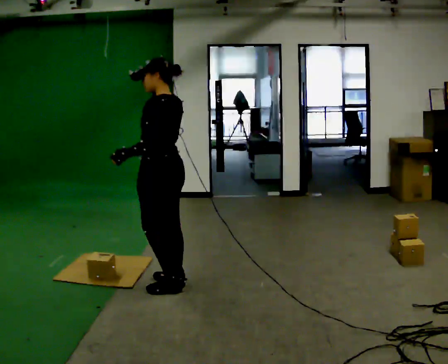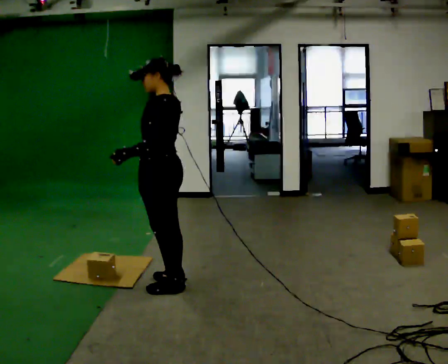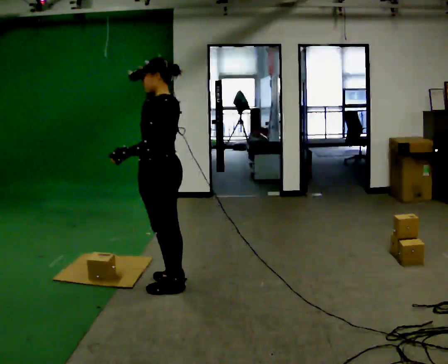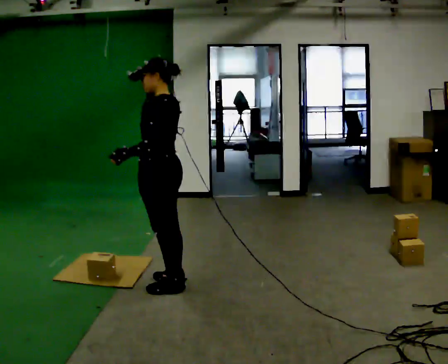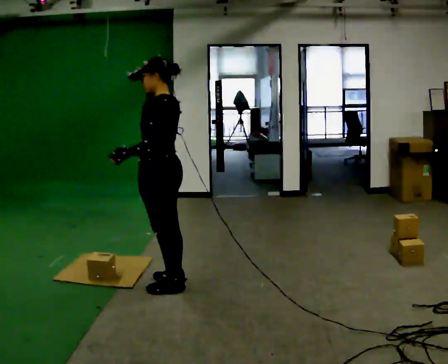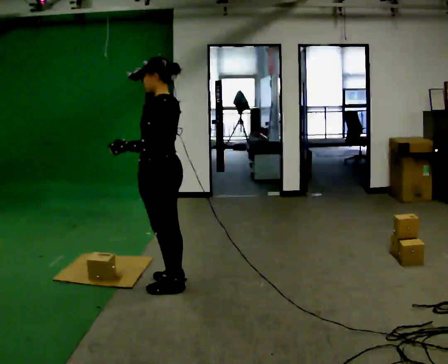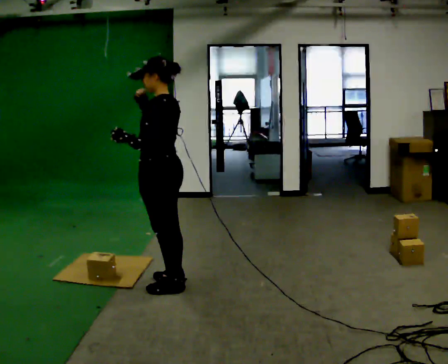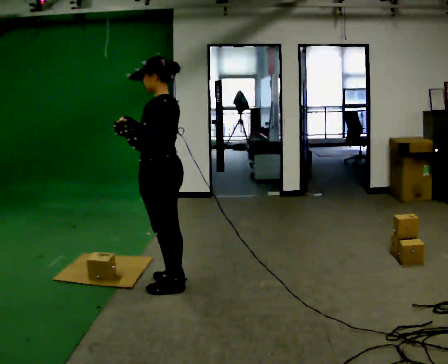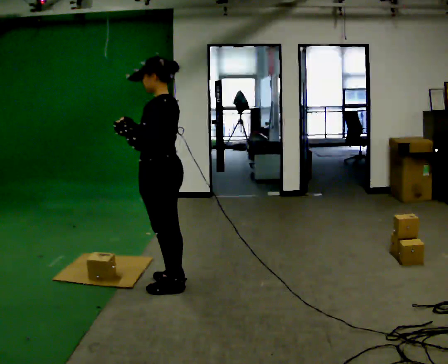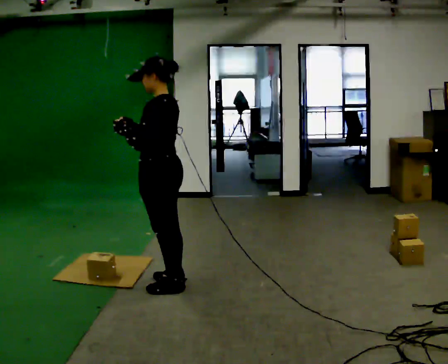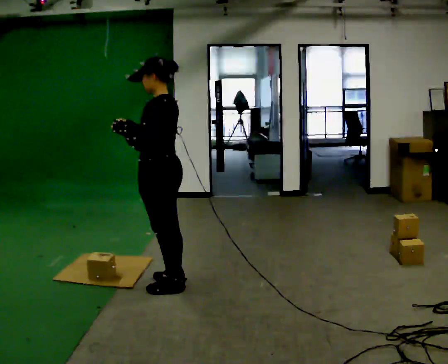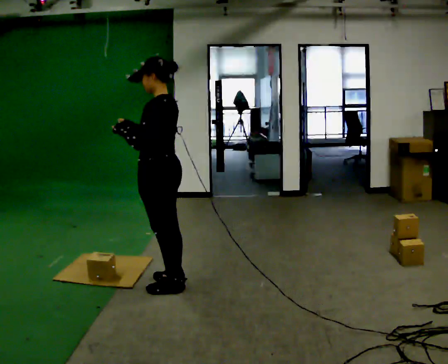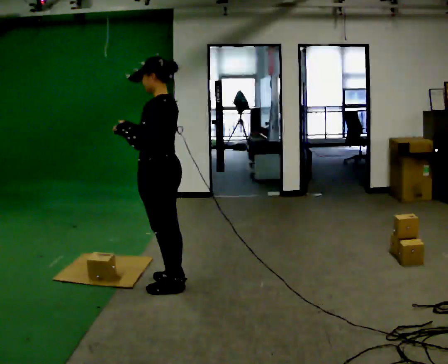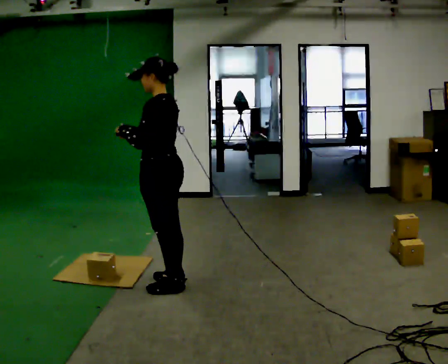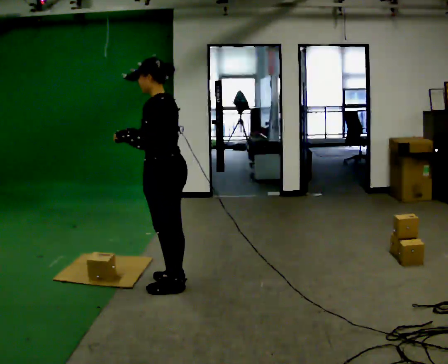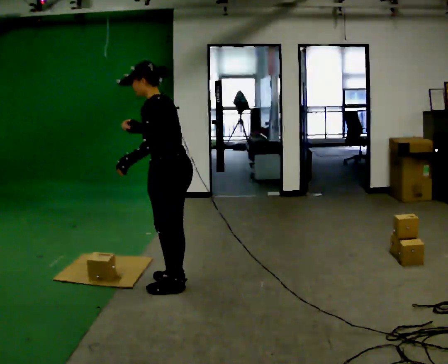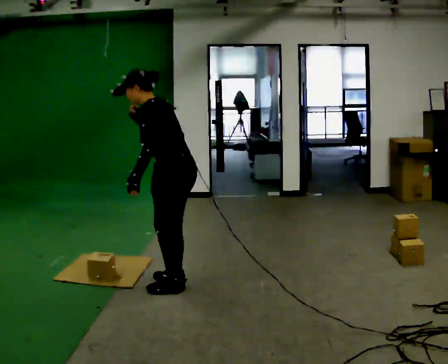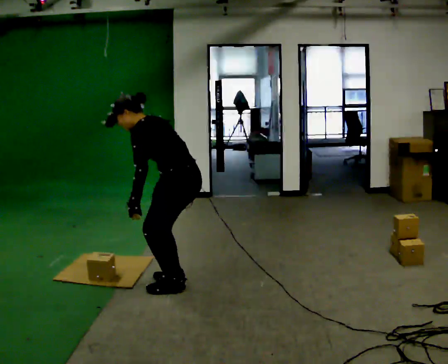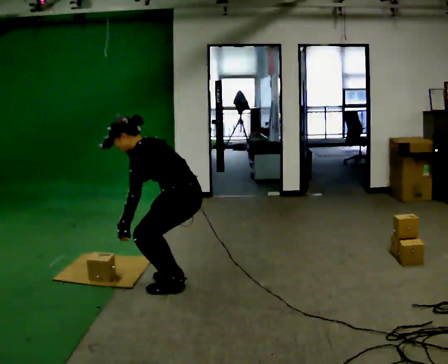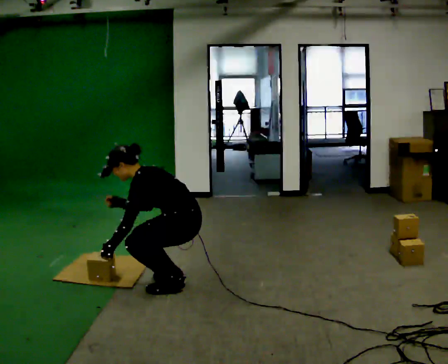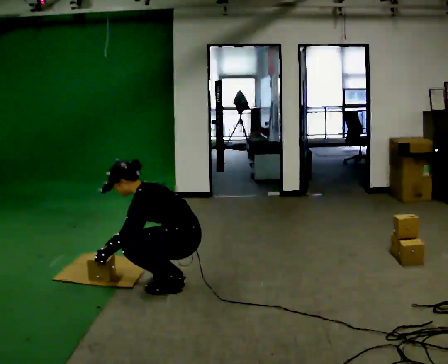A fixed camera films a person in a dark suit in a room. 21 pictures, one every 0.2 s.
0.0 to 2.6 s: The person moves a little, or ends about where they began.
2.6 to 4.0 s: The upper body goes downward. In the picture the upper body tilts counterclockwise, shoulders to the left, as they bend forward. In the picture their left hand goes downward.
The film runs backward here.
